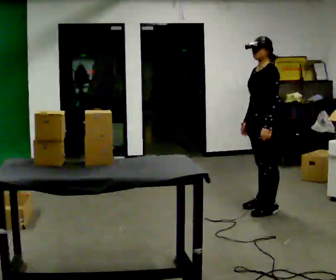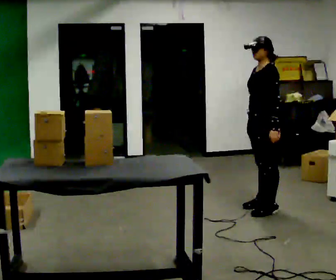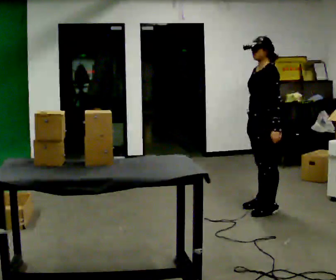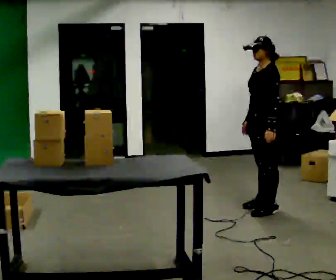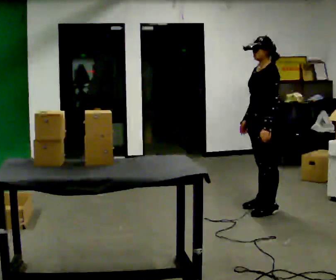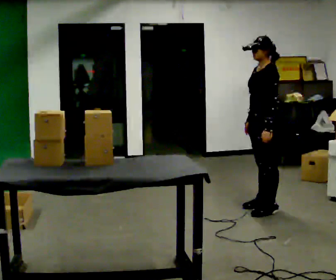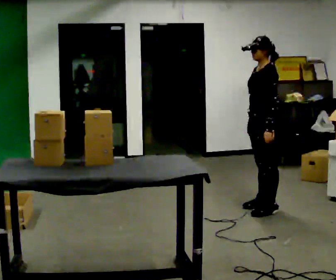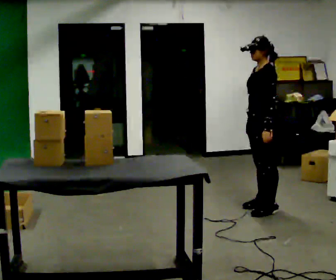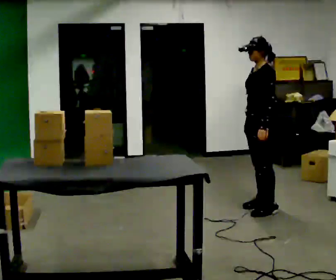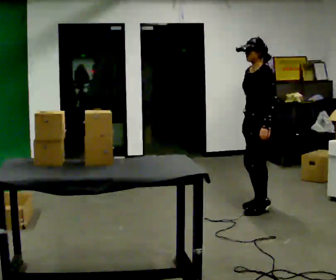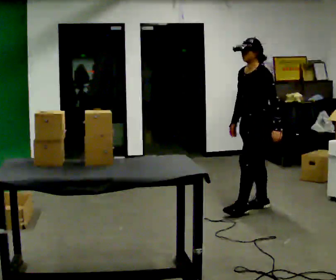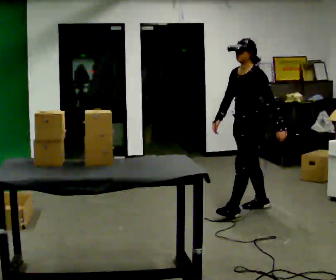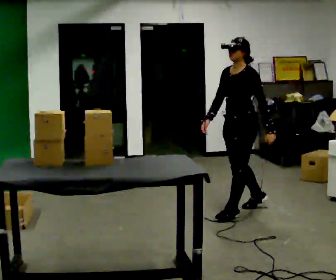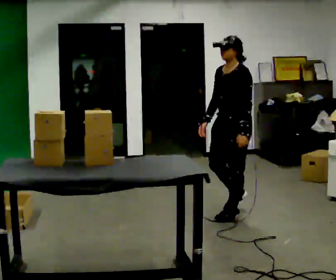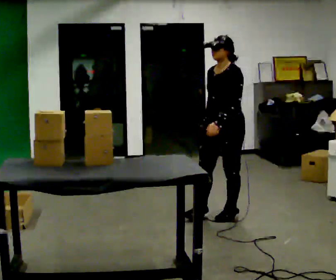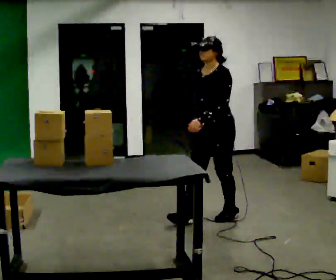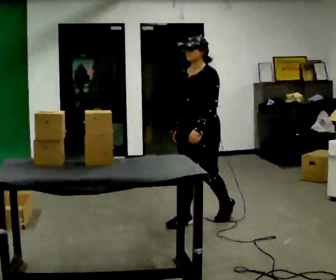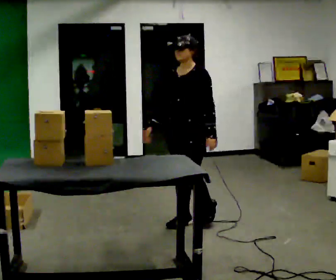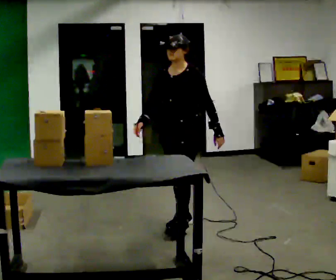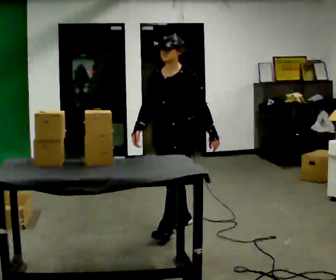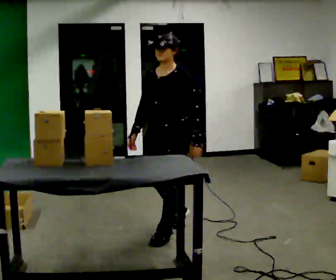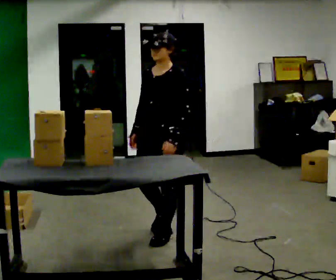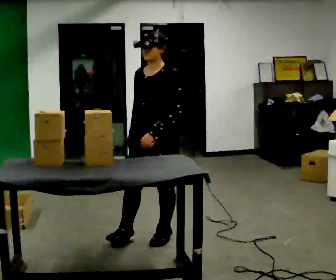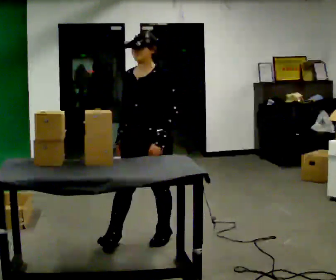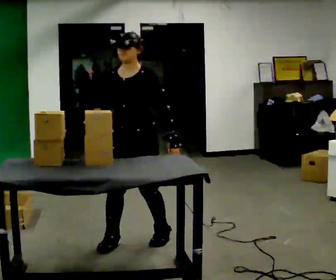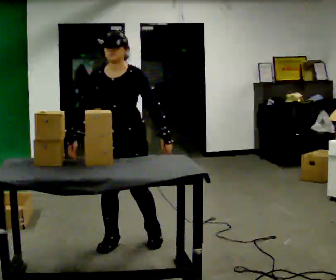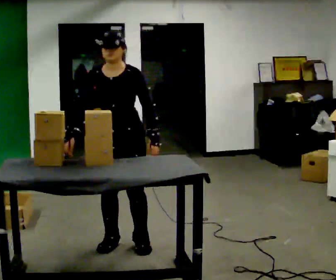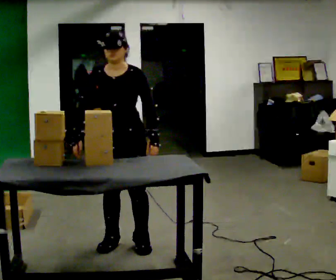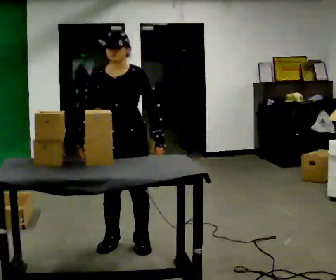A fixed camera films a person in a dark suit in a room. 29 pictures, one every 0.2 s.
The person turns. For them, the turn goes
to their left.
The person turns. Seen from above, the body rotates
counterclockwise.
0.0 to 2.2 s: The person moves a little, or ends about where they began.
2.2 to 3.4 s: The part of the body nearest the lens slides to the right as the person turns to their left by about 30 degrees. In the picture they go to the left and toward the camera, about 0.75 m in 1 step, which for them is forward.
3.4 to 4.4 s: In the picture they go toward the camera and to the left, about 0.5 m in 1 step, which for them is forward.
4.4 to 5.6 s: Seen from above the body turns counterclockwise, about 30 degrees: to their left, with its near side sliding to the right. In the picture they go to the left and toward the camera, about 0.25 m in 2 steps, which for them is forward and to their right.
The film runs forward here.
